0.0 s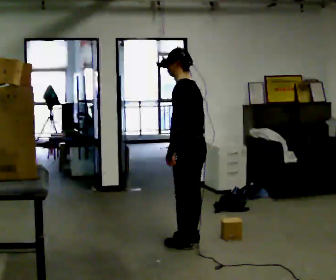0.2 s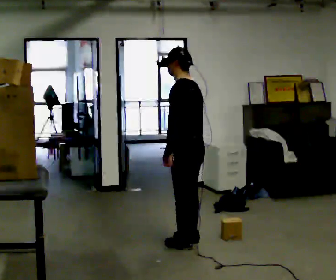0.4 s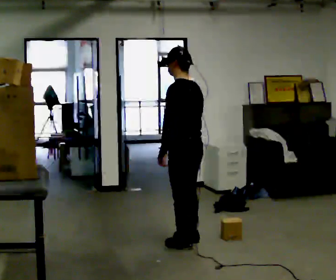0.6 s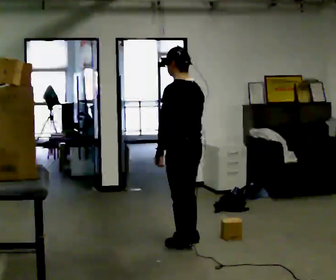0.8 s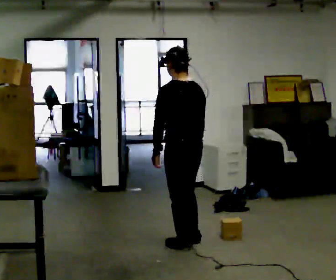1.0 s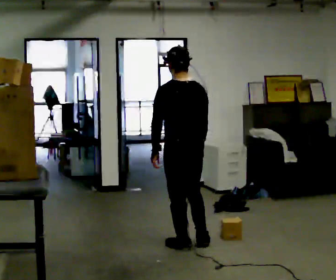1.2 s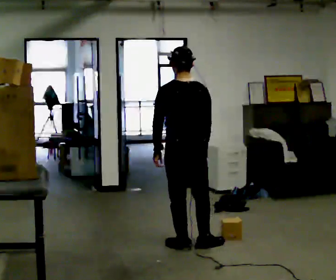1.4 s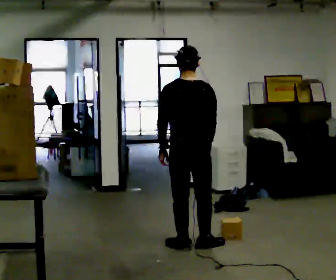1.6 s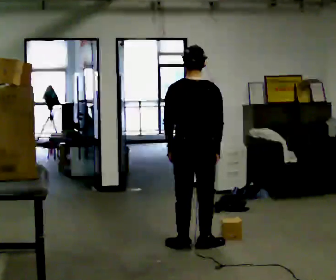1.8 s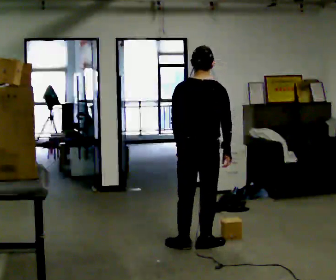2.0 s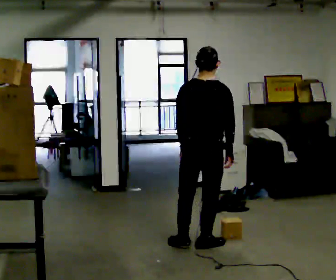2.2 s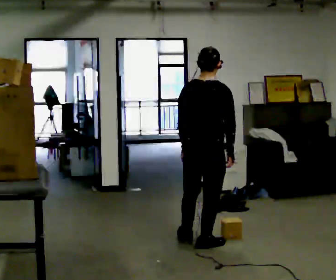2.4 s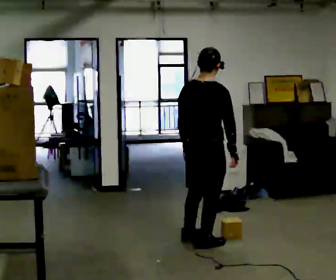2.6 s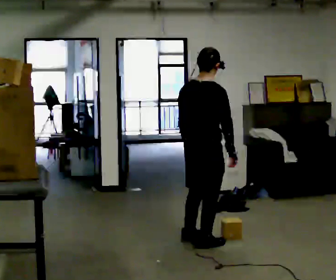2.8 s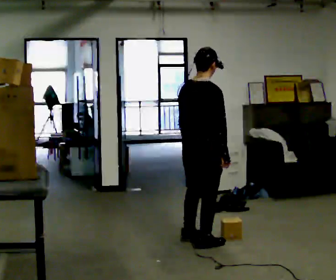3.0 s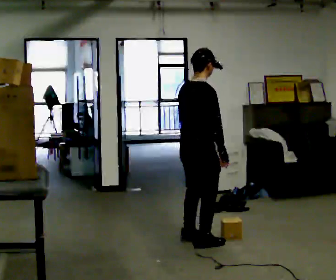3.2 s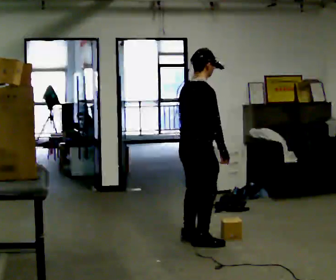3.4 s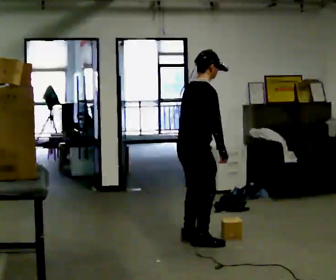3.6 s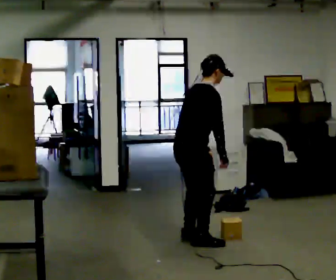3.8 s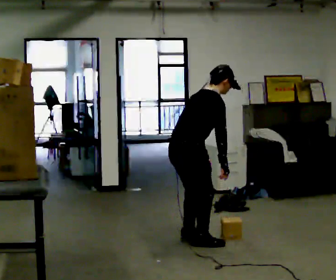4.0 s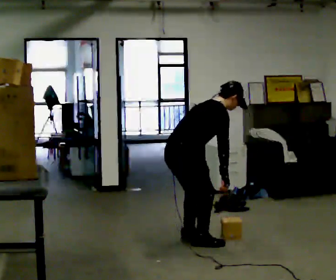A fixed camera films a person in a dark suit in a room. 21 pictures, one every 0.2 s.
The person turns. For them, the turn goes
to their right.
The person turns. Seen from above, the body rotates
clockwise.
0.0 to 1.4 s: Seen from above the body turns clockwise, about 60 degrees: to their right, with its near side sliding to the left. In the picture they go toward the camera, about 0.25 m in 1 step.
1.4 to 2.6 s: The part of the body nearest the lens slides to the left as the person turns to their right by about 45 degrees.
2.6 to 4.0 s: The part of the body nearest the lens slides to the left as the person turns to their right by about 30 degrees. In the picture they go to the left, about 0.25 m, which for them is backward and to their left. The shoulders move downward. In the picture the upper body tilts clockwise, shoulders to the right, as they bend forward.
The film runs backward here.
